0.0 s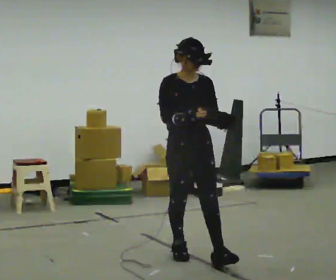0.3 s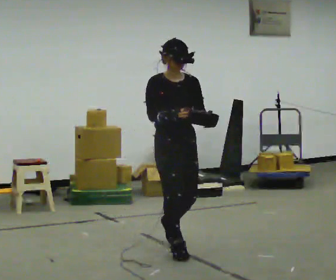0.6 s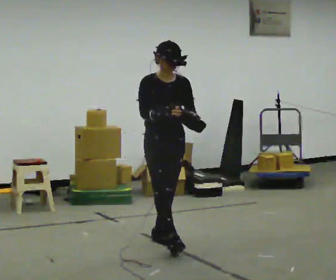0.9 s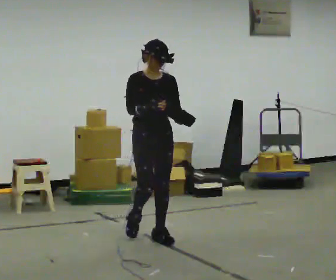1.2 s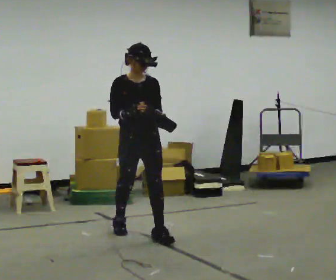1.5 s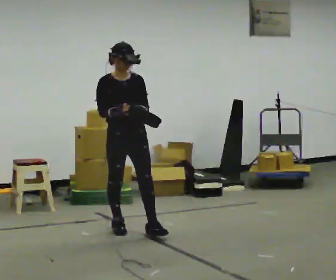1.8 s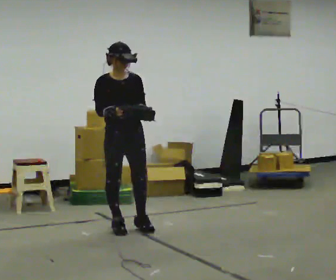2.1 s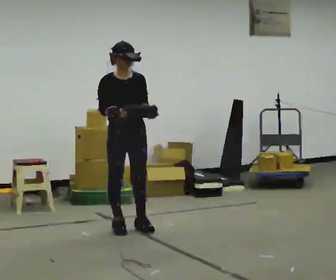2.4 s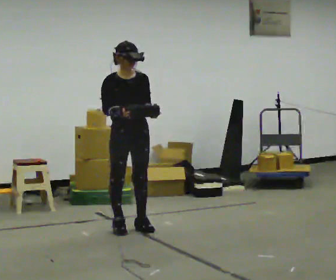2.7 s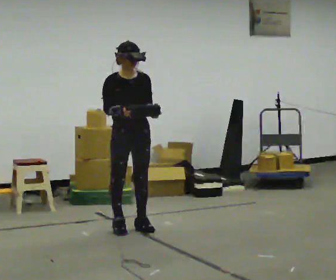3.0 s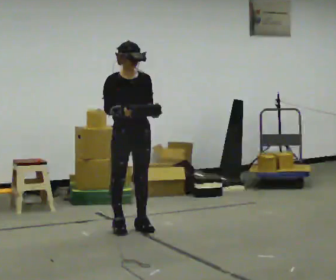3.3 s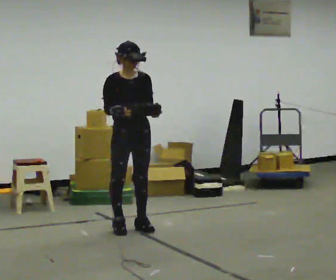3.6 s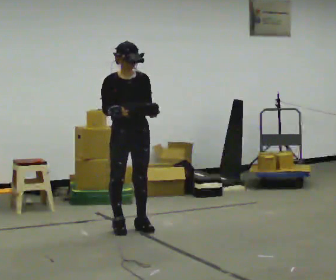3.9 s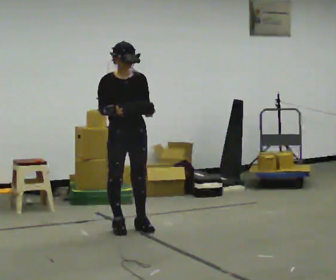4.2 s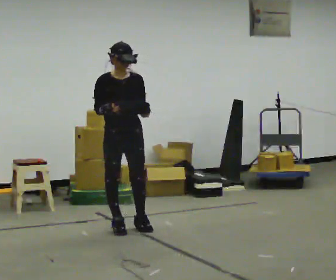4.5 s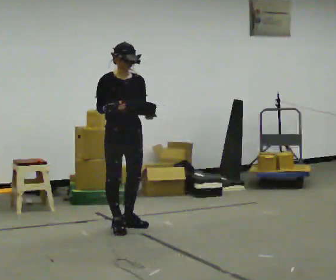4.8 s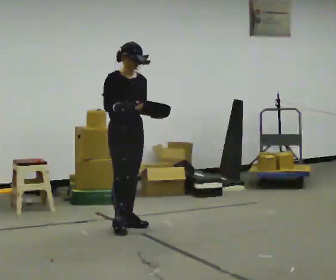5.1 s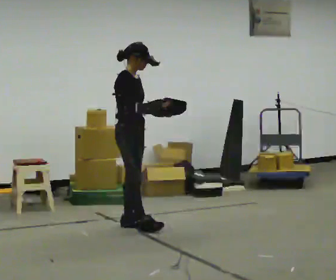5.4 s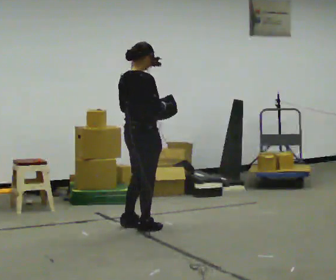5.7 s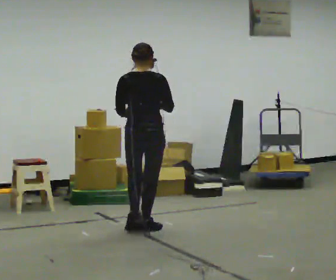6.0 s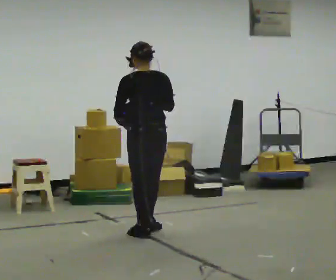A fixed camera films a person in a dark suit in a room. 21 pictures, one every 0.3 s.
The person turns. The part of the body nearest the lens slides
to the right.
The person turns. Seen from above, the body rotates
counterclockwise.
0.0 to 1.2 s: In the picture they go away from the camera and to the left, about 1 m in 1 step, which for them is backward.
1.2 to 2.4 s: In the picture they go away from the camera, about 0.25 m in 1 step, which for them is backward.
2.4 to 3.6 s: The person keeps their place and pose.
3.6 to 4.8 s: The person moves a little, or ends about where they began.
4.8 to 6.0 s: The person turns about 150 degrees to their left, counterclockwise seen from above, so the part of the body nearest the lens slides to the right. In the picture they go toward the camera and to the right, about 0.25 m in 3 steps.
The film runs backward here.
